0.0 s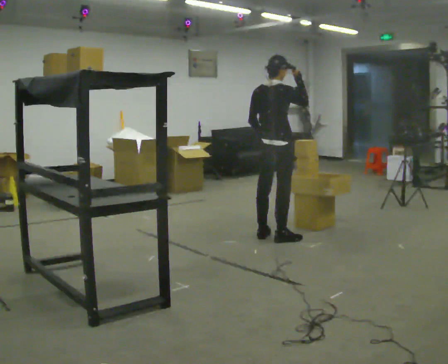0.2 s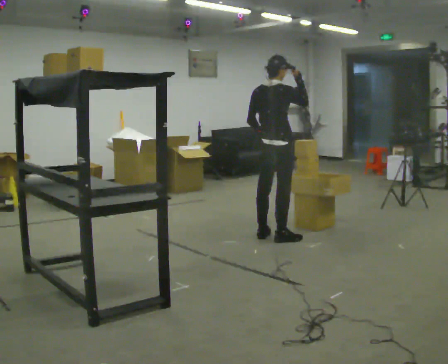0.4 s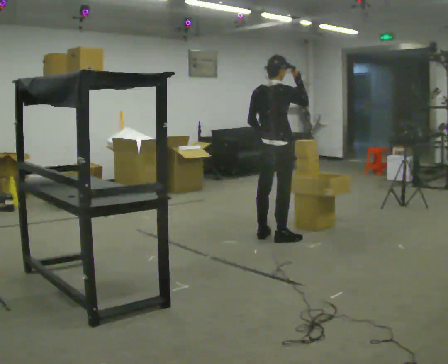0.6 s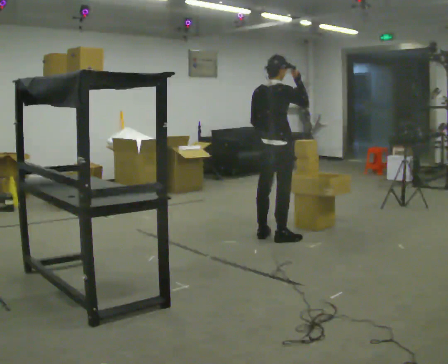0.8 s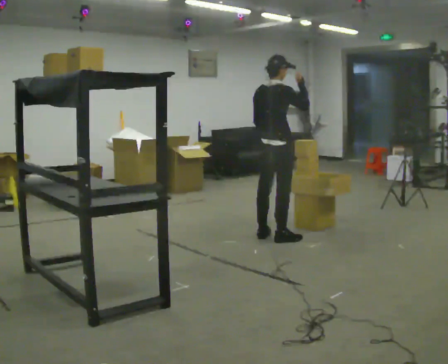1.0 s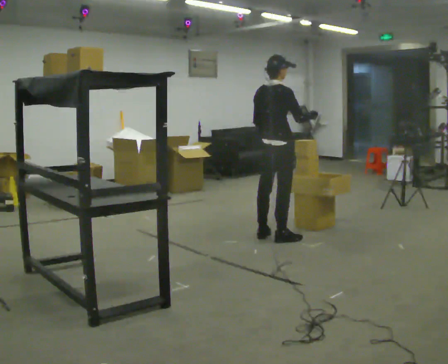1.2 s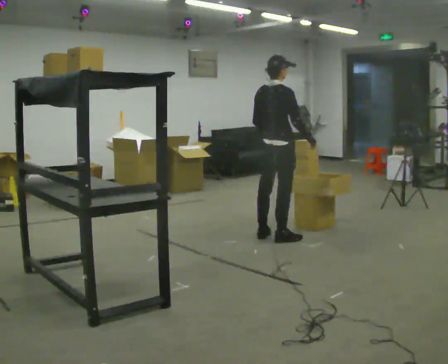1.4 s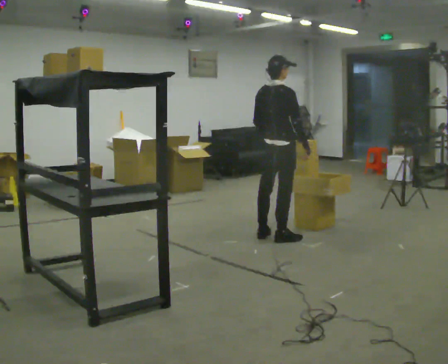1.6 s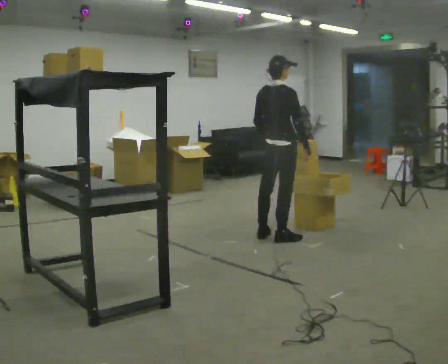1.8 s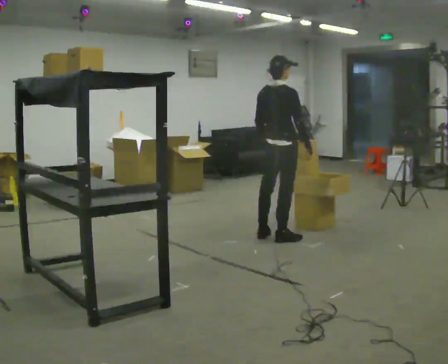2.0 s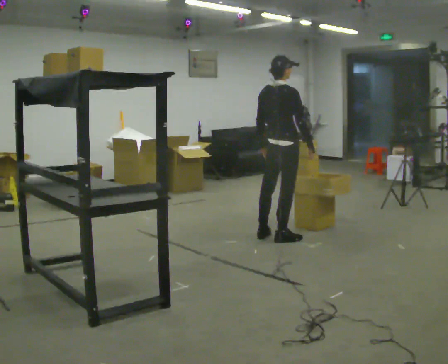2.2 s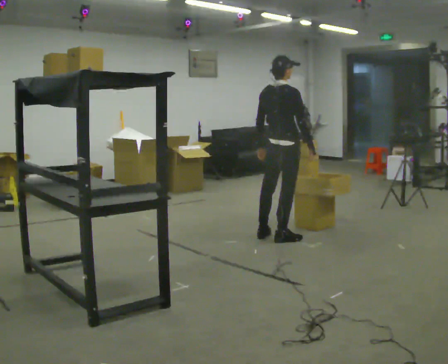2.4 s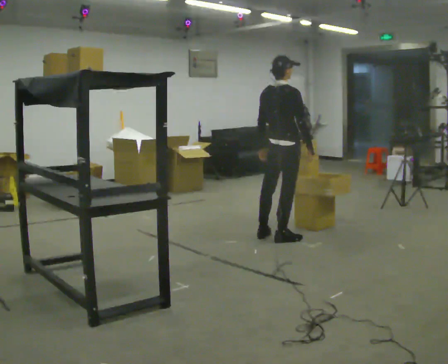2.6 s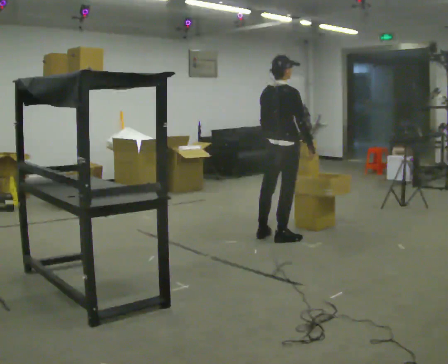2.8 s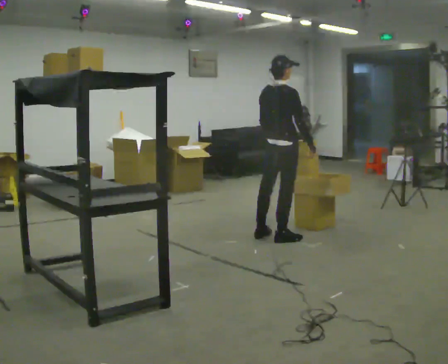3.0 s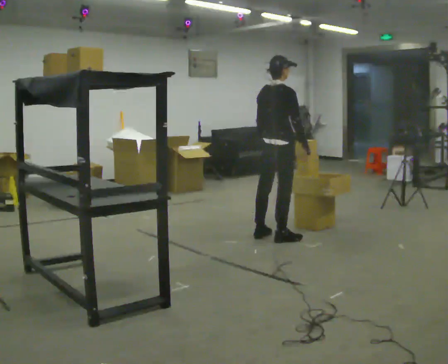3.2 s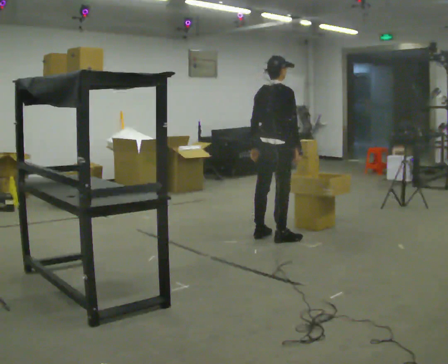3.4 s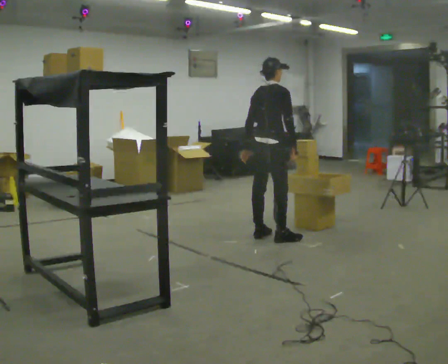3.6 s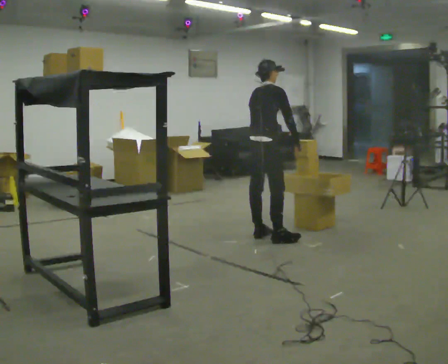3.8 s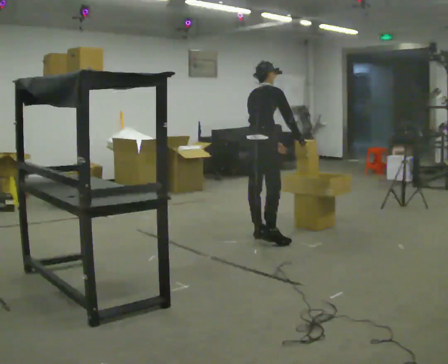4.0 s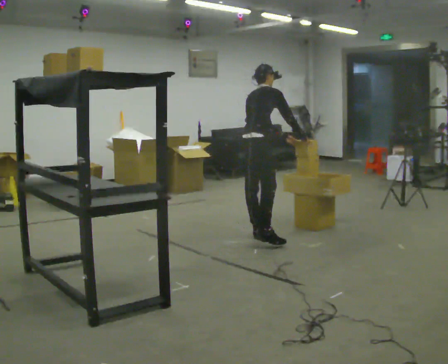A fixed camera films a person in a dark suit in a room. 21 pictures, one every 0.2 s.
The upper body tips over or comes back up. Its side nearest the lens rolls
upward.
0.0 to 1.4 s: In the picture their right hand goes downward.
1.4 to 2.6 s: The person moves a little, or ends about where they began.
2.6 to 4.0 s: In the picture they go to the left, about 0.25 m in 1 step, which for them is to their left and backward. The upper body tips away from the camera, its near side rolling upward, as they bend forward.
The film runs backward here.
